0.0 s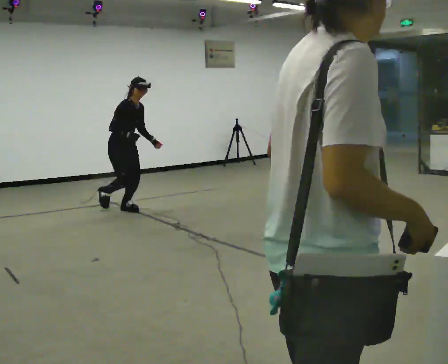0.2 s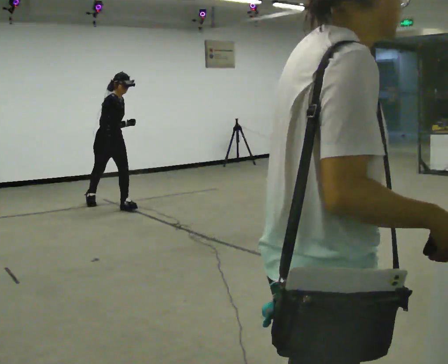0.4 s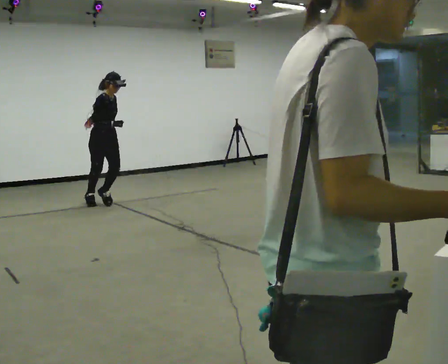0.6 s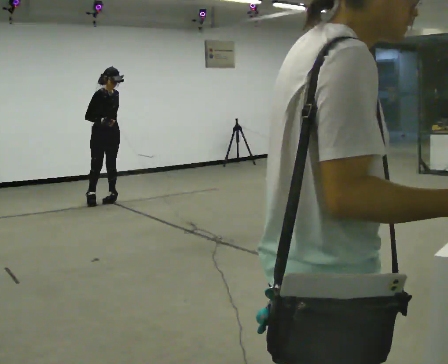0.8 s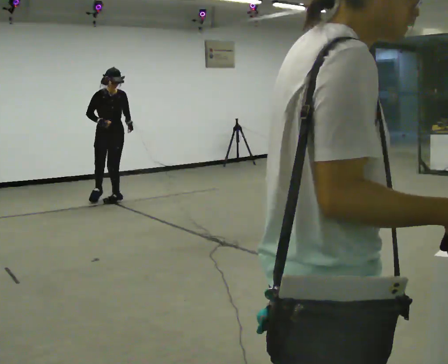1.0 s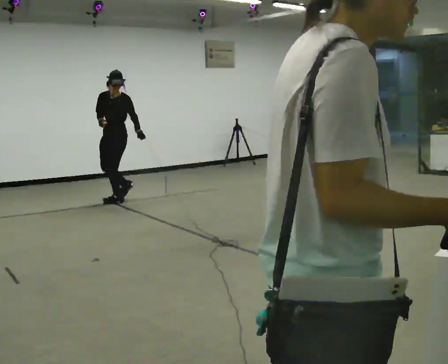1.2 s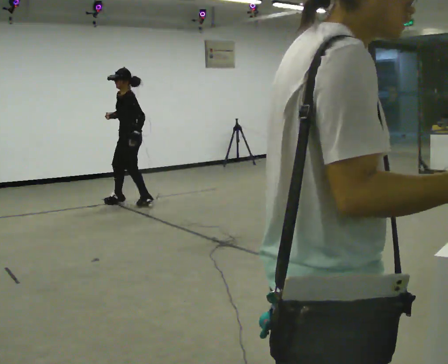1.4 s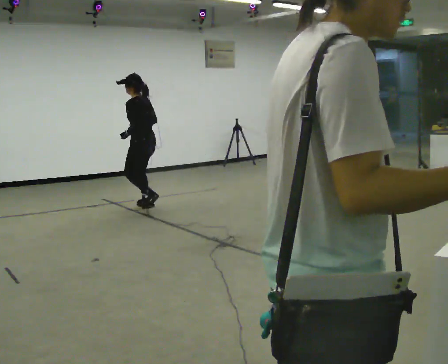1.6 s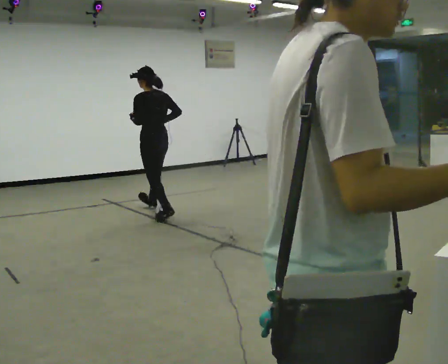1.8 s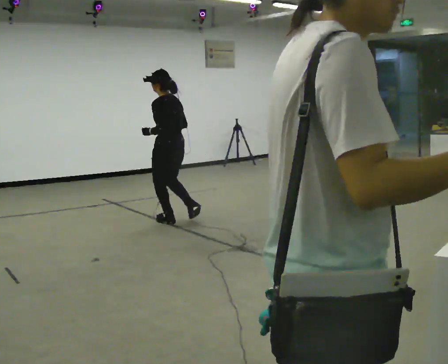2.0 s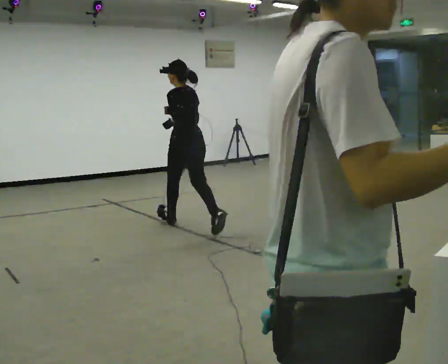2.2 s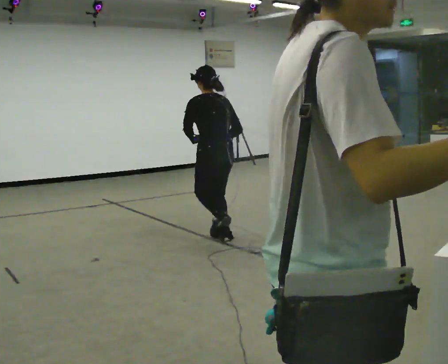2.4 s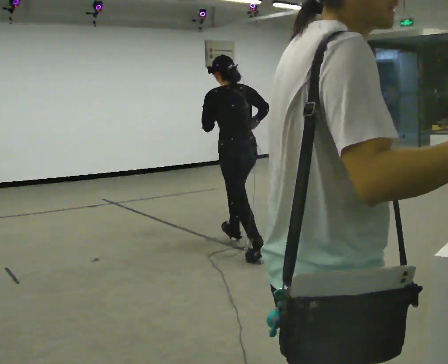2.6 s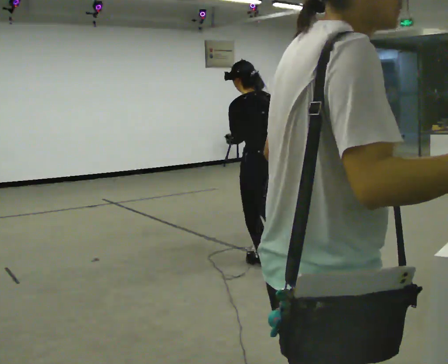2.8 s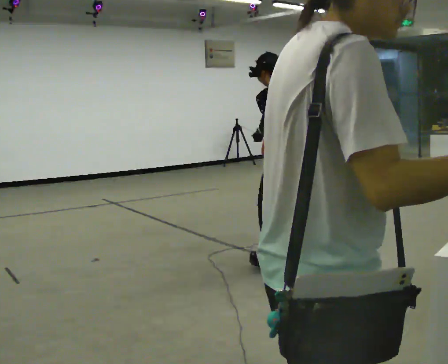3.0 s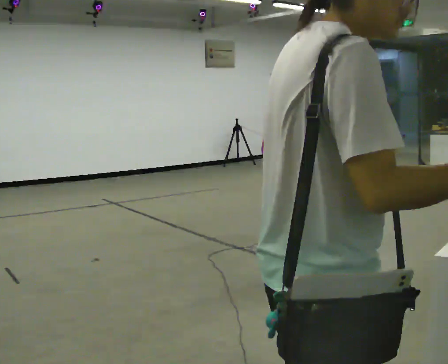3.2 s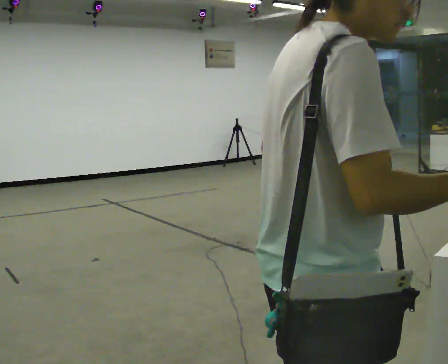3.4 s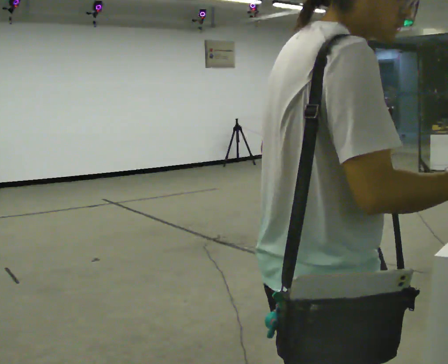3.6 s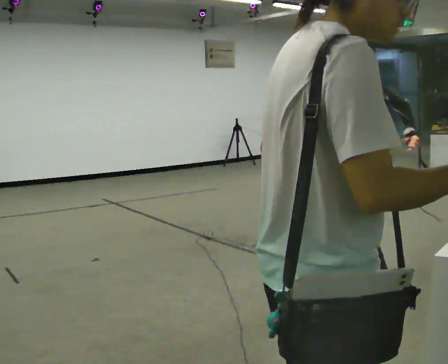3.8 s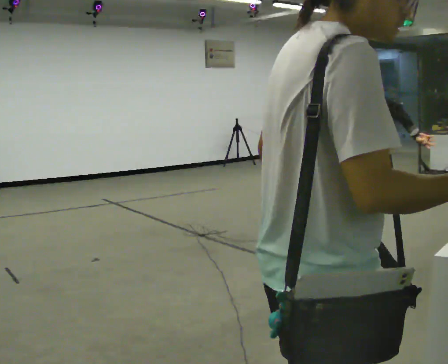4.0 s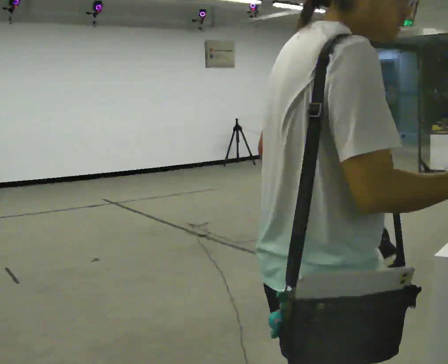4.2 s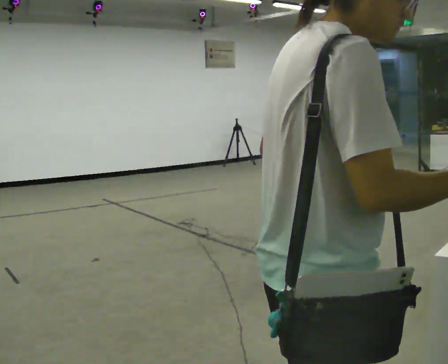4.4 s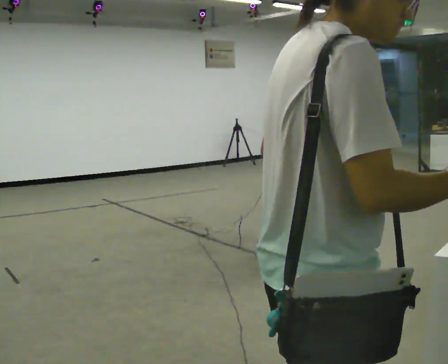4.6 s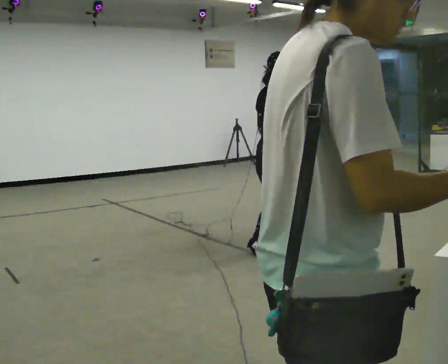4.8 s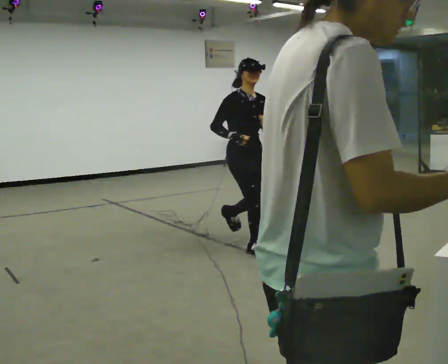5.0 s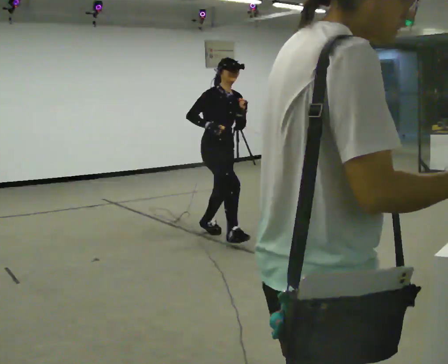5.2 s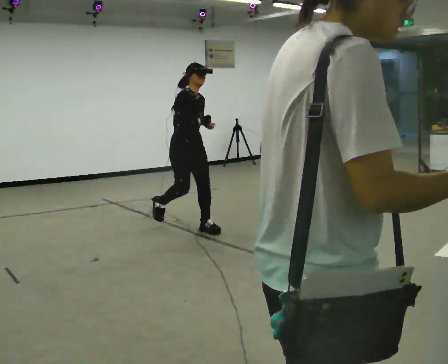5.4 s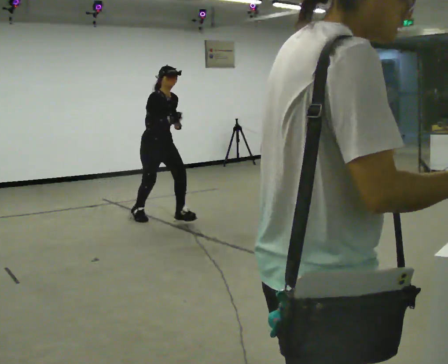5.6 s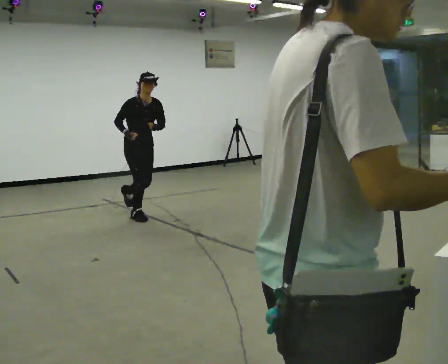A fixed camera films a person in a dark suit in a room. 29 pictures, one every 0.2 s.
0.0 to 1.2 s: The person turns about 135 degrees to their right, clockwise seen from above, so the part of the body nearest the lens slides to the left. In the picture they go away from the camera, about 0.25 m in 3 steps. In the picture the upper body tilts counterclockwise, shoulders to the left, as they lean back or straighten.
1.2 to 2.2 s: The part of the body nearest the lens slides to the left as the person turns to their right by about 60 degrees. In the picture they go toward the camera and to the right, about 1.5 m in 2 steps. The upper body tips away from the camera, its near side rolling upward.
2.2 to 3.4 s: In the picture they go toward the camera and to the right, about 1.5 m in 3 steps, which for them is backward.
3.4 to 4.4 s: The person turns about 180 degrees to their left, counterclockwise seen from above, so the part of the body nearest the lens slides to the right. In the picture they go away from the camera, about 0.5 m in 2 steps.
4.4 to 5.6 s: In the picture they go to the left and away from the camera, about 2.5 m in 3 steps, which for them is backward. In the picture the upper body tilts clockwise, shoulders to the right, as they bend forward.
The film runs backward here.
